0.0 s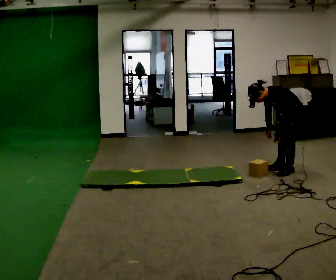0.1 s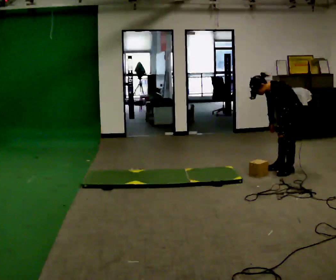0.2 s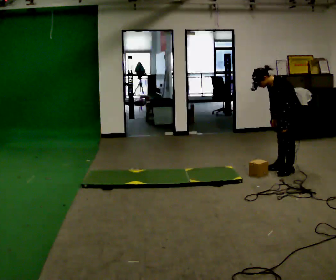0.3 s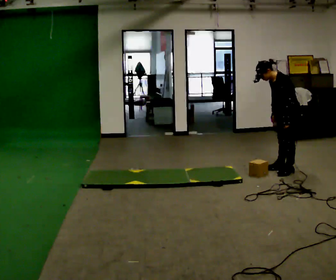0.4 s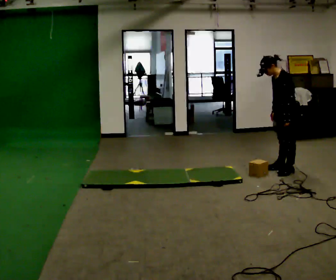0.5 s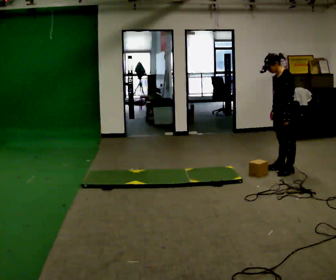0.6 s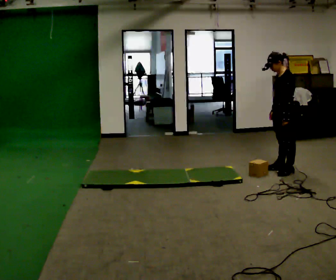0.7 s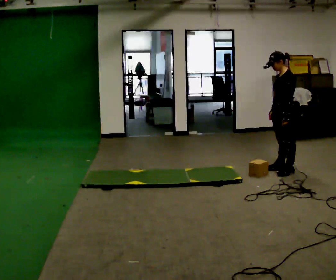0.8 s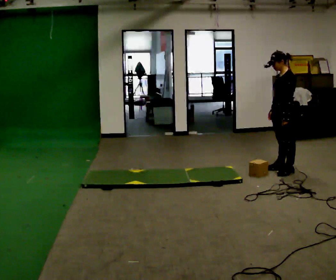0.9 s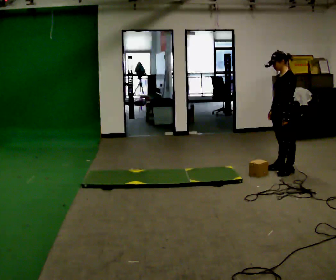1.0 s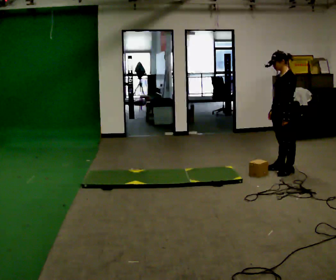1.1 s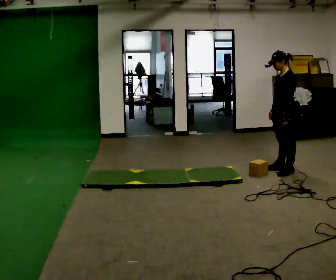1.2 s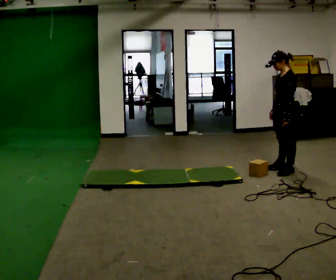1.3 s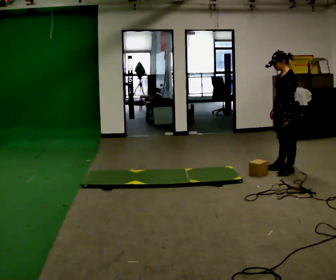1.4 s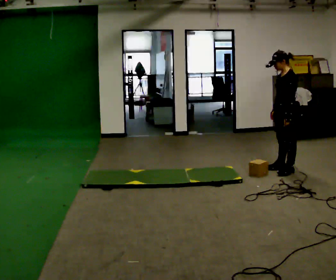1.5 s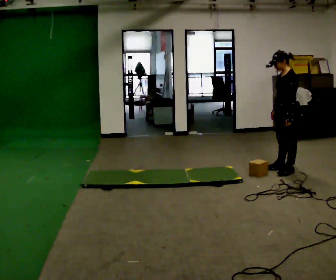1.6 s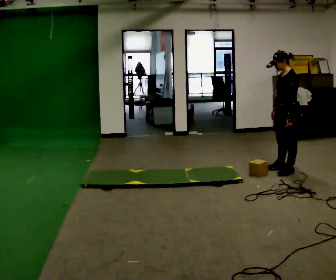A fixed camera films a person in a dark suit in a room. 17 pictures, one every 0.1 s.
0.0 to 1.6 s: The shoulders move upward. In the picture the upper body tilts clockwise, shoulders to the right, as they lean back or straighten.
The film runs backward here.
